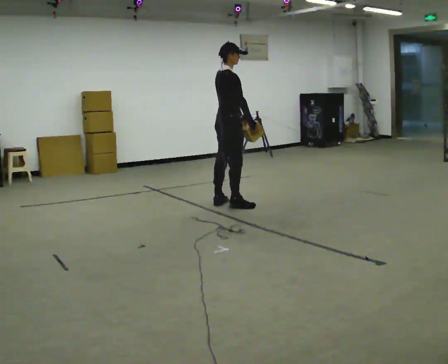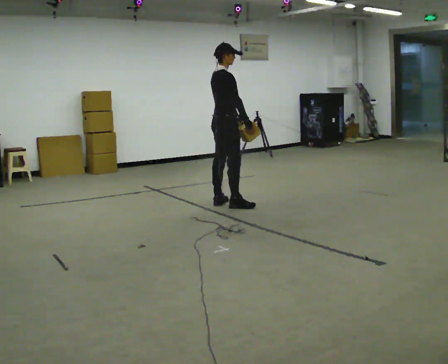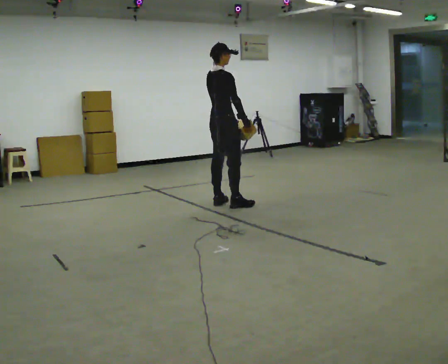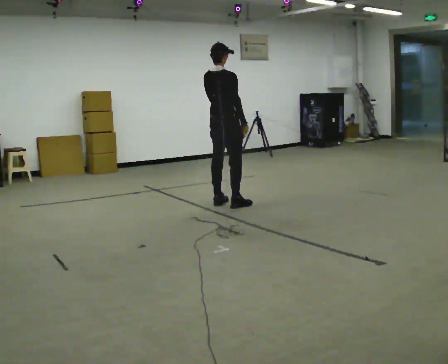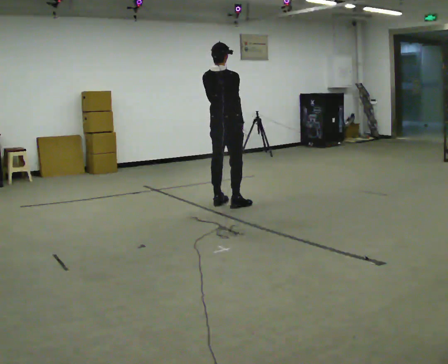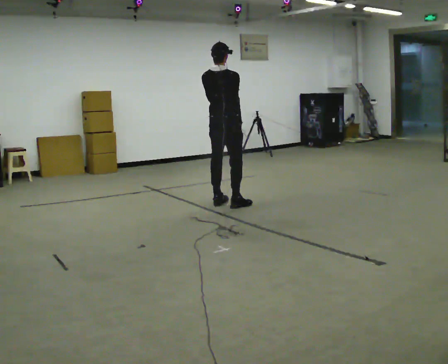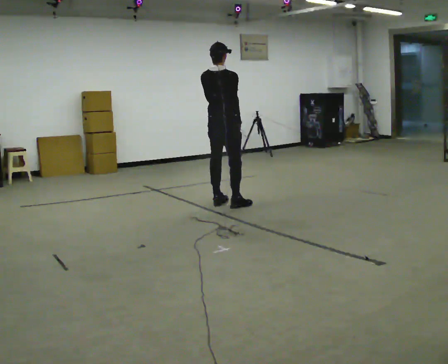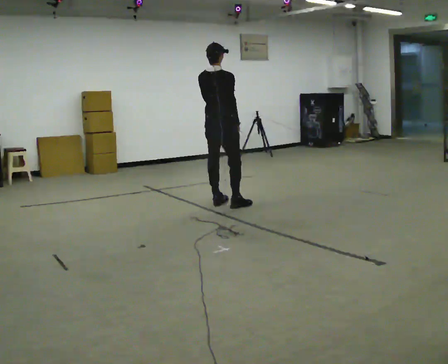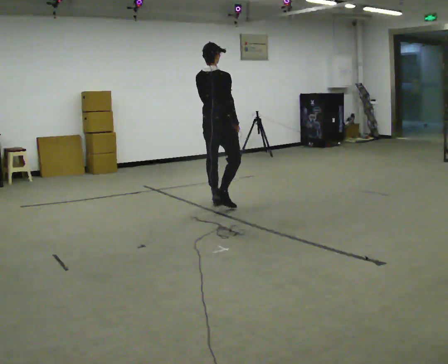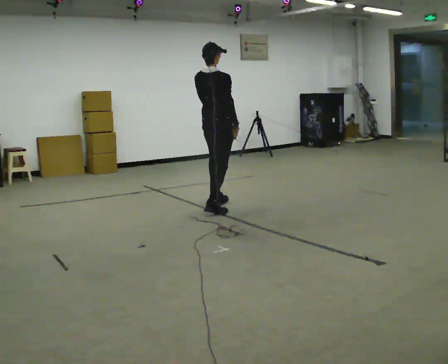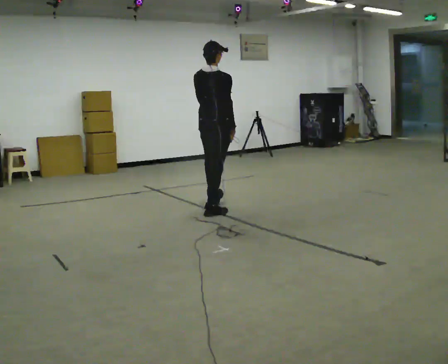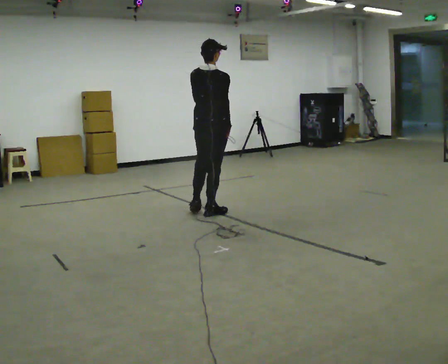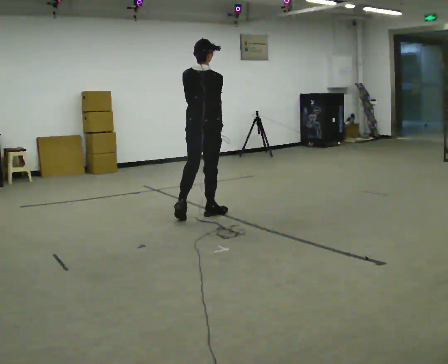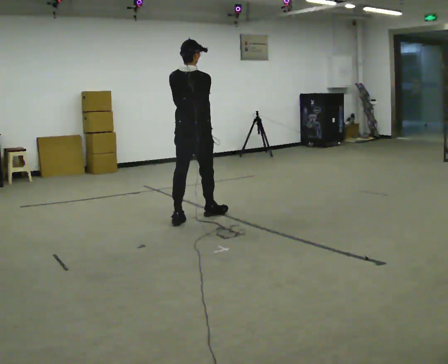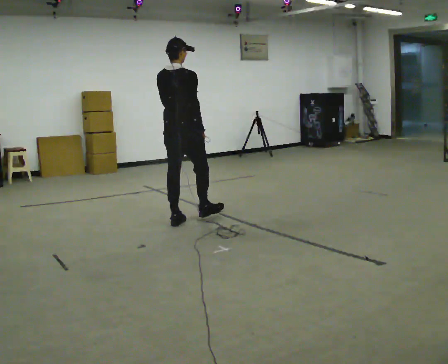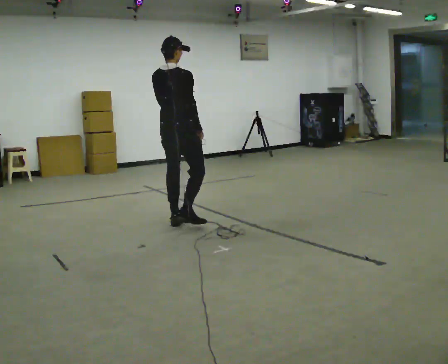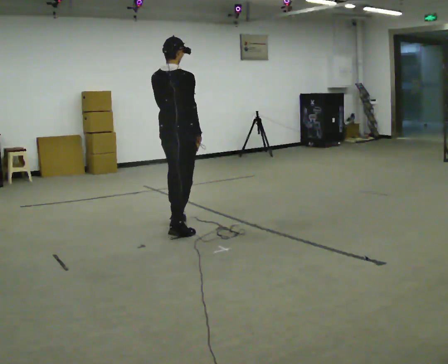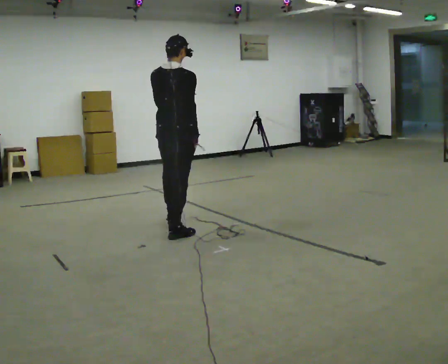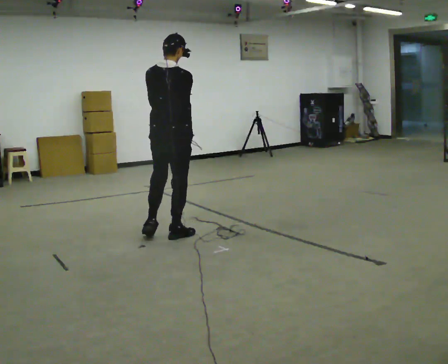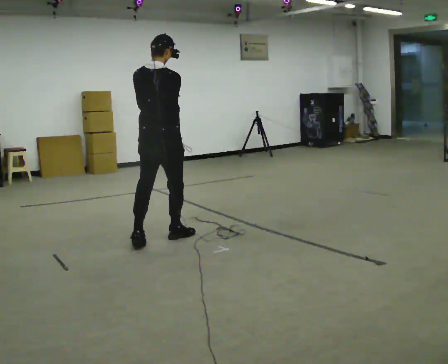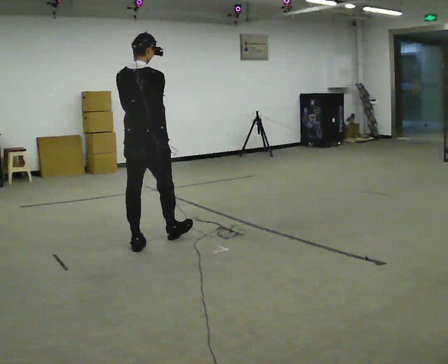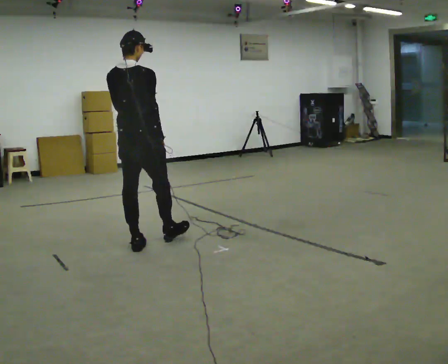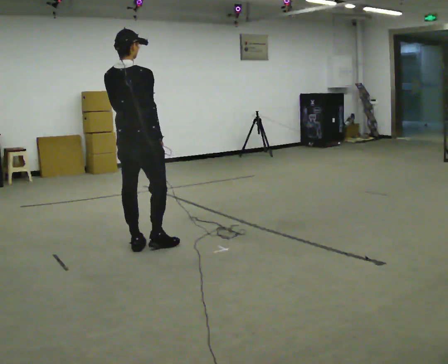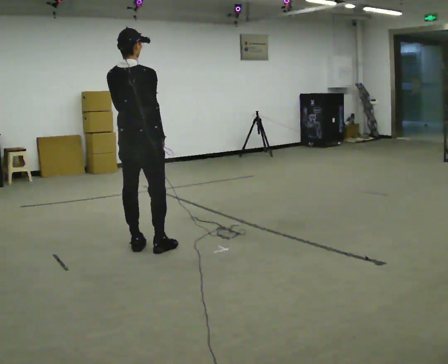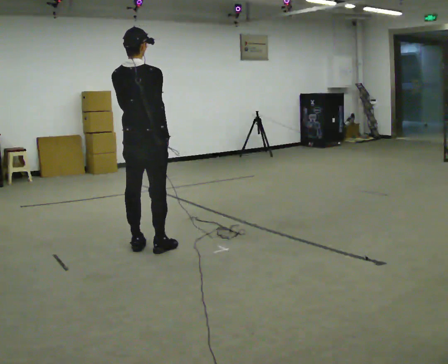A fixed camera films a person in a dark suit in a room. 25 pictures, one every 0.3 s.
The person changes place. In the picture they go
toward the camera.
0.0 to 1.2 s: Seen from above the body turns counterclockwise, about 45 degrees: to their left, with its near side sliding to the right.
1.2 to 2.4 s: The person moves a little, or ends about where they began.
2.4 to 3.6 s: In the picture they go toward the camera, about 0.5 m in 1 step, which for them is backward.
3.6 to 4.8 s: In the picture they go toward the camera and to the left, about 0.5 m in 1 step, which for them is backward.
4.8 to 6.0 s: In the picture they go toward the camera and to the left, about 0.5 m in 1 step, which for them is backward.
6.0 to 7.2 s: The person moves a little, or ends about where they began.
The film runs backward here.
